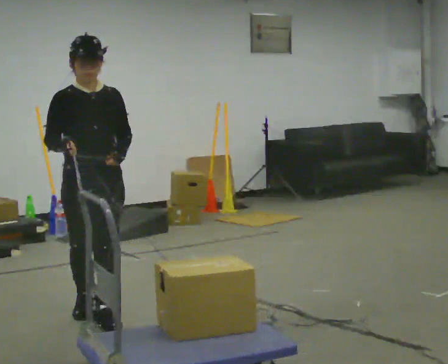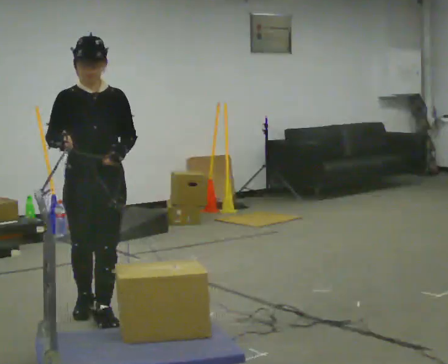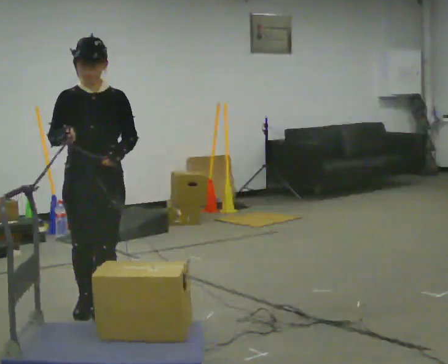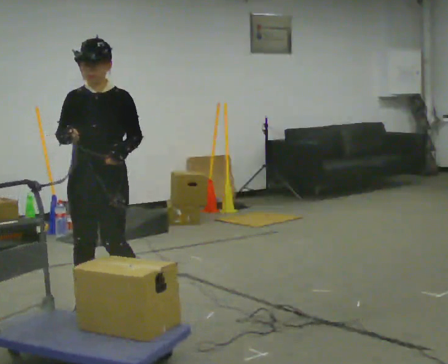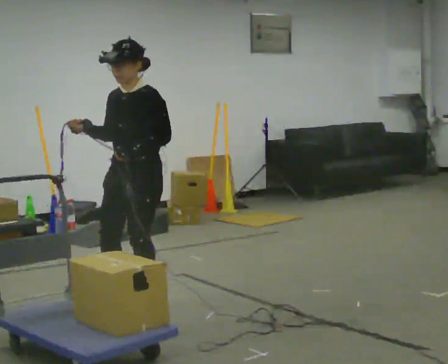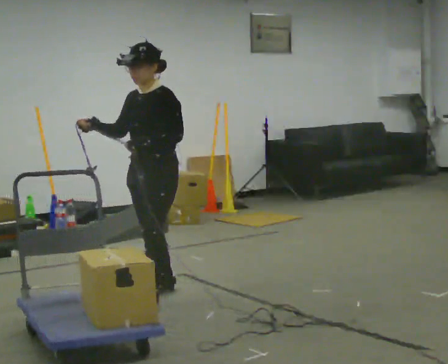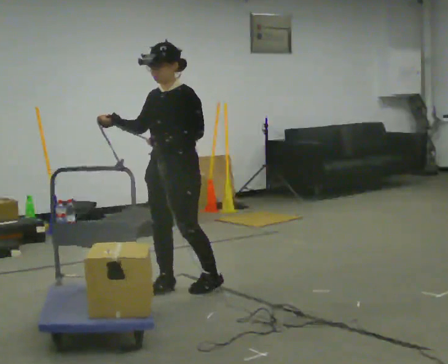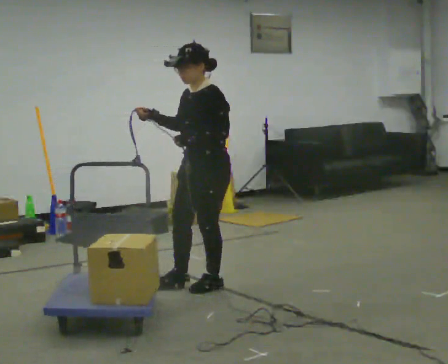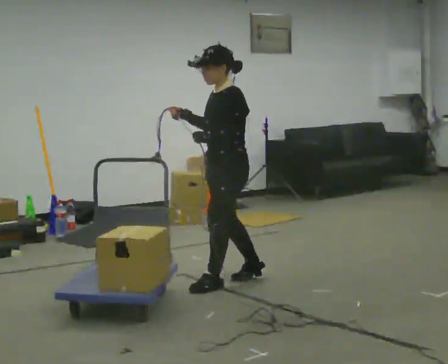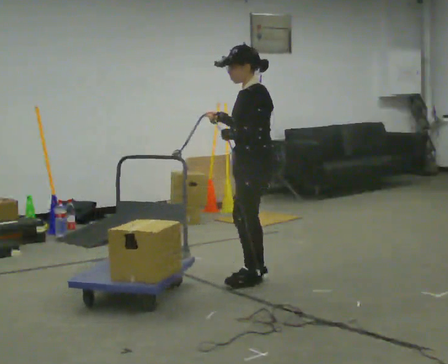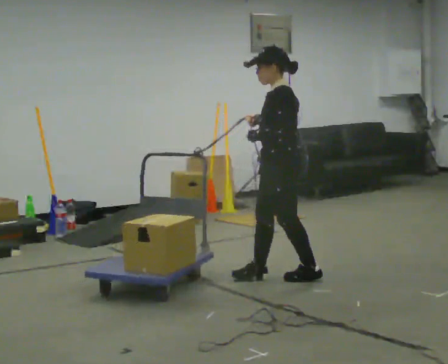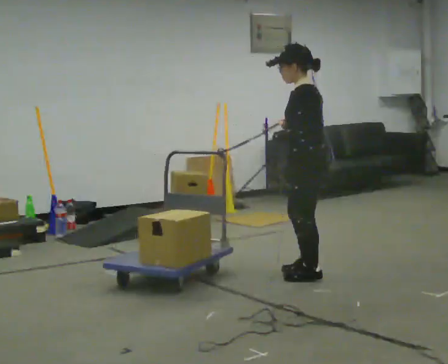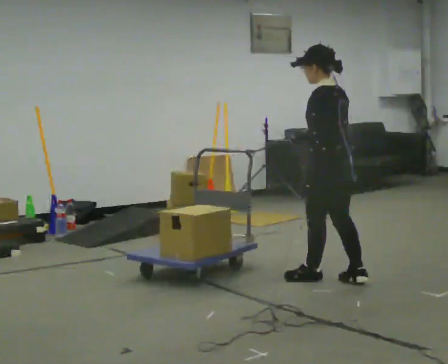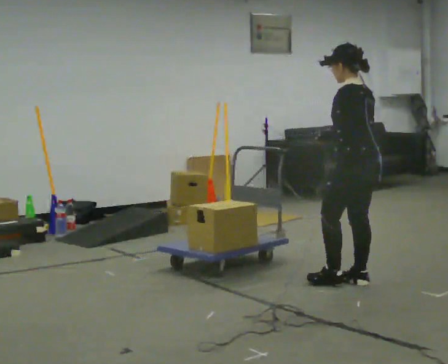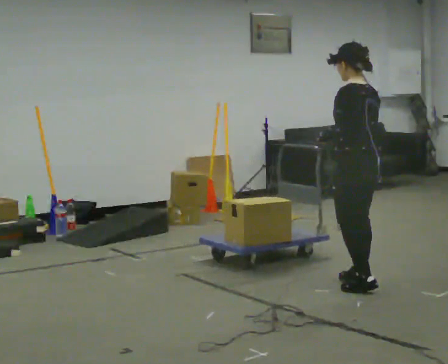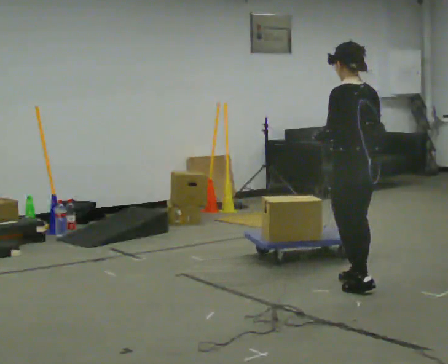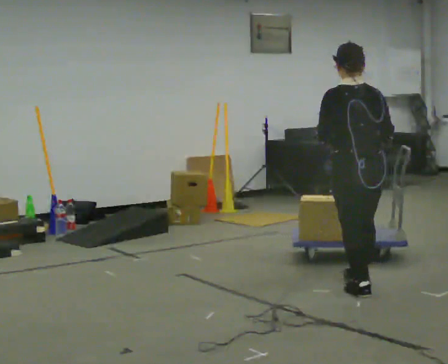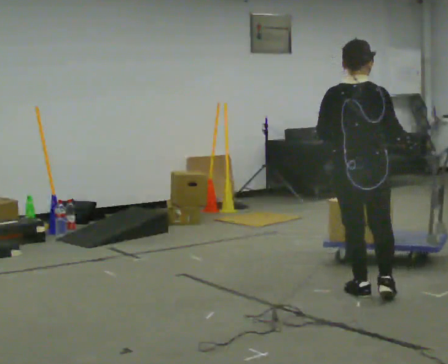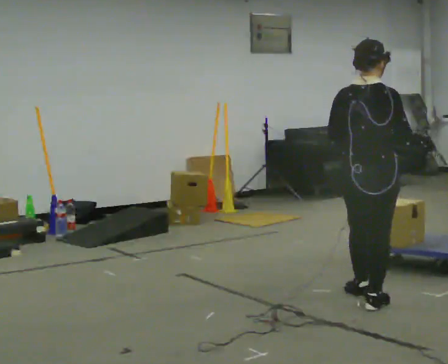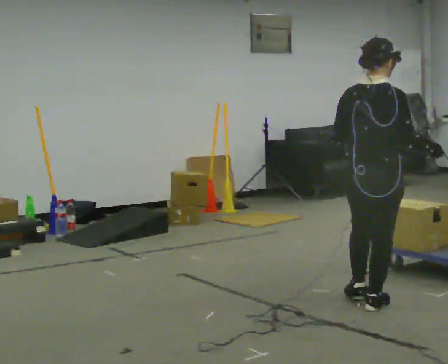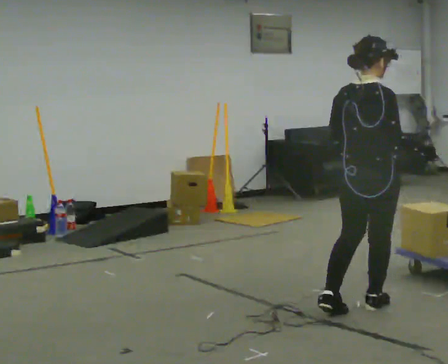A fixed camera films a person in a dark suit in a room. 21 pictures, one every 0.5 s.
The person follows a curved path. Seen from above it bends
clockwise.
The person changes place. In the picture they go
to the right.
0.0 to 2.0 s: The person turns about 45 degrees to their right, clockwise seen from above, so the part of the body nearest the lens slides to the left. In the picture they go away from the camera and to the right, about 0.5 m in 1 step, which for them is backward and to their left.
2.0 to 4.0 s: Seen from above the body turns clockwise, about 30 degrees: to their right, with its near side sliding to the left. In the picture they go to the right and away from the camera, about 0.5 m in 3 steps, which for them is backward.
4.0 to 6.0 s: The part of the body nearest the lens slides to the left as the person turns to their right by about 60 degrees. In the picture they go to the right, about 0.75 m in 2 steps, which for them is backward.
6.0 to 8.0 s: The person turns about 45 degrees to their right, clockwise seen from above, so the part of the body nearest the lens slides to the left. In the picture they go toward the camera, about 0.25 m in 1 step, which for them is backward and to their left.
8.0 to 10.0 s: The part of the body nearest the lens slides to the left as the person turns to their right by about 45 degrees. In the picture they go toward the camera, about 0.25 m in 2 steps, which for them is backward and to their right.
The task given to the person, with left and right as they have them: Hold the rope in both hands and drag the sled towards you as you walk backward. The operator will confirm the space behind you is clear.
The film runs forward here.
